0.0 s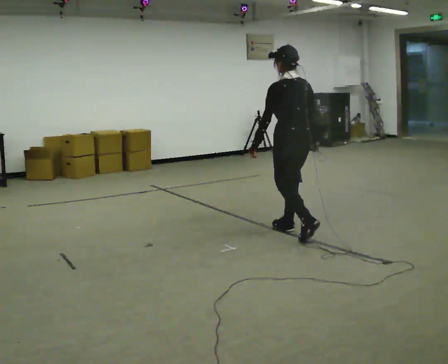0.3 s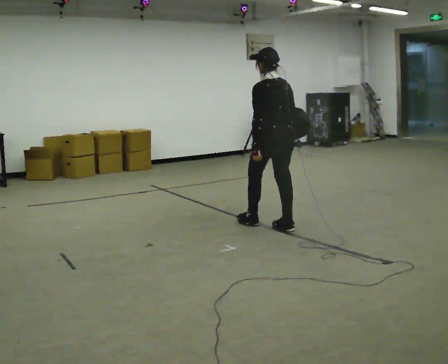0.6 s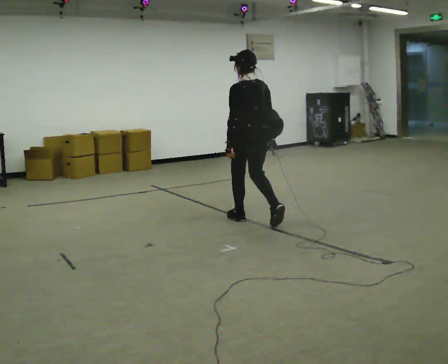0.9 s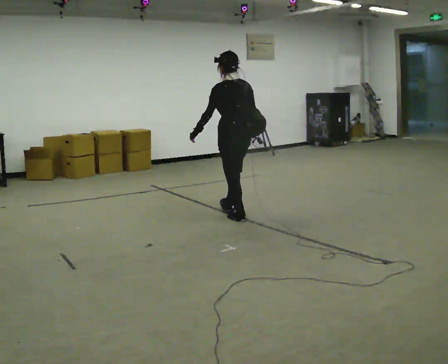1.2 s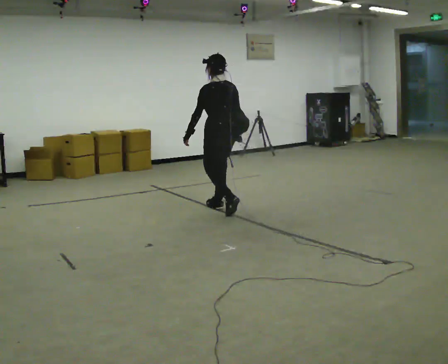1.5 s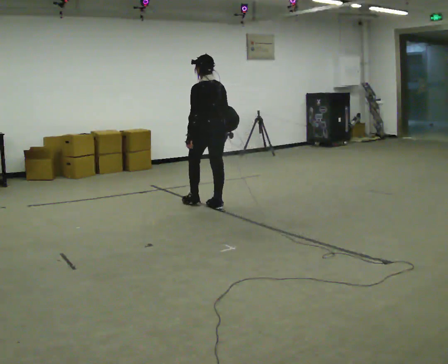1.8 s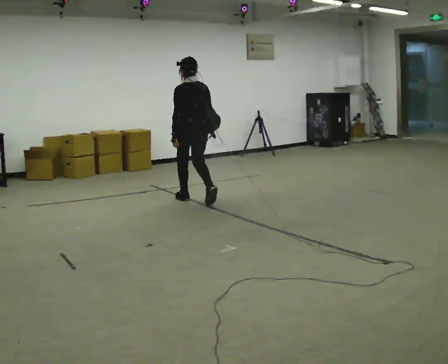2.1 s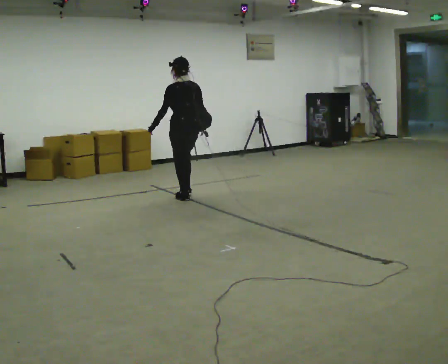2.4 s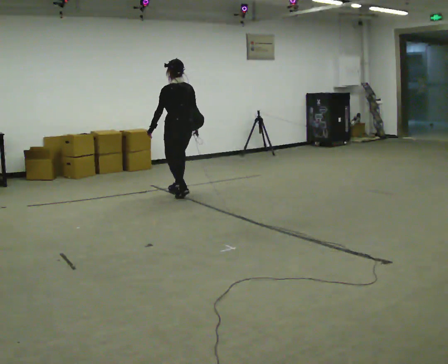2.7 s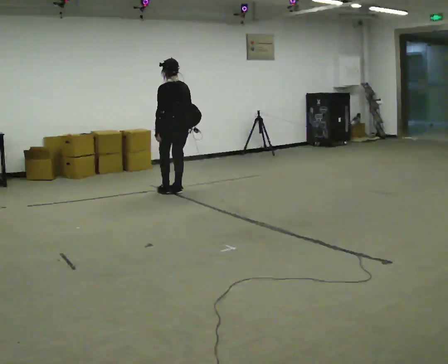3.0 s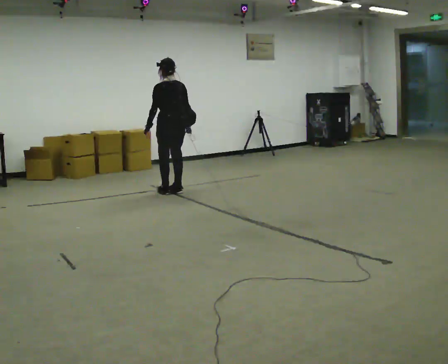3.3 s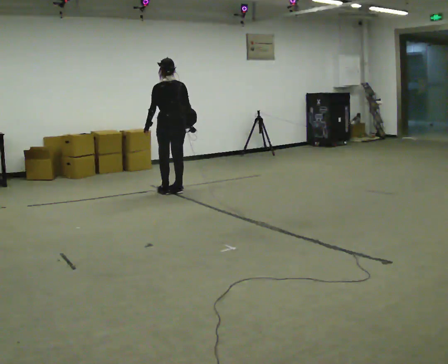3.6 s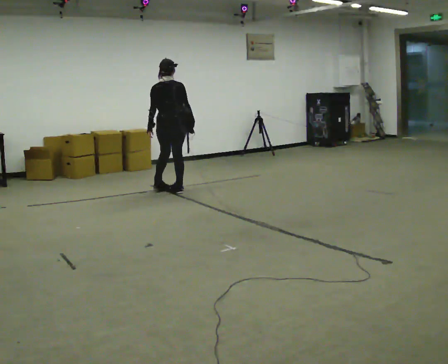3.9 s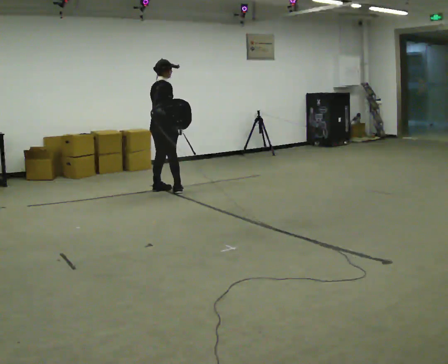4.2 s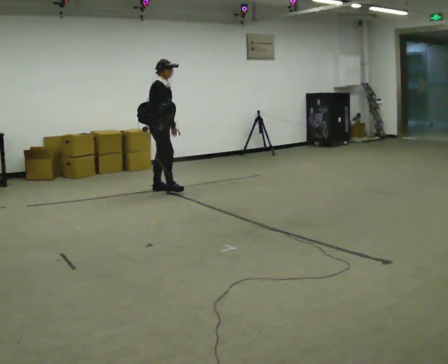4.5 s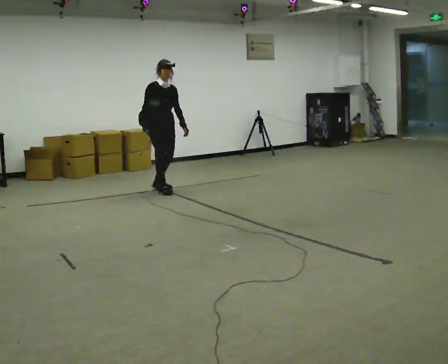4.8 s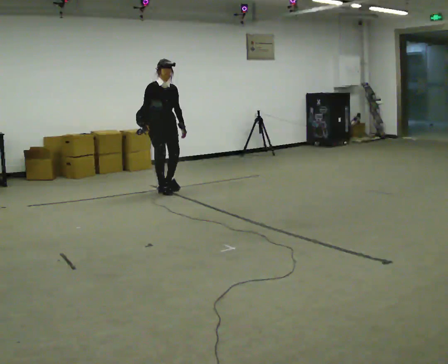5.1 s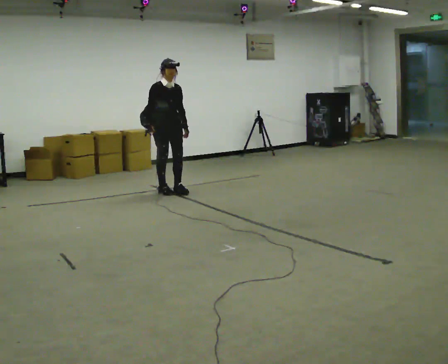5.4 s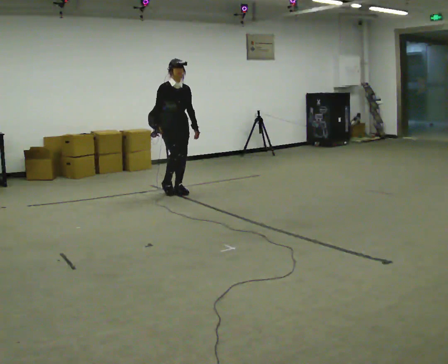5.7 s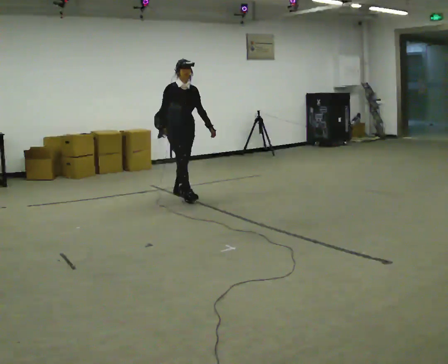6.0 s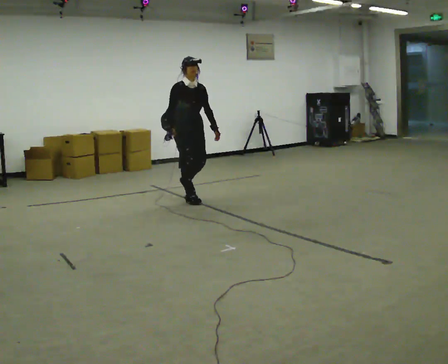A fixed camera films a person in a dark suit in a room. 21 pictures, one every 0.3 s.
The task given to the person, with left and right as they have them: Put the soft bag up onto your shoulder and carry it across the room, back and forth.
0.0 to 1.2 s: In the picture they go away from the camera and to the left, about 1 m in 2 steps, which for them is forward.
1.2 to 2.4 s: In the picture they go away from the camera and to the left, about 1 m in 2 steps, which for them is forward.
2.4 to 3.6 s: The person turns about 45 degrees to their right, clockwise seen from above, so the part of the body nearest the lens slides to the left. In the picture they go away from the camera, about 0.25 m in 1 step, which for them is forward.
3.6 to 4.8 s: The person turns about 135 degrees to their right, clockwise seen from above, so the part of the body nearest the lens slides to the left. In the picture their right hand goes to the left, the arm swinging clockwise.
4.8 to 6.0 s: In the picture they go toward the camera and to the right, about 0.5 m in 2 steps, which for them is forward.
The film runs forward here.
